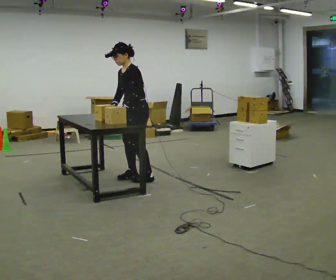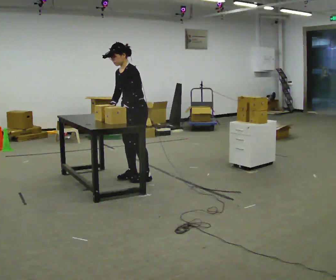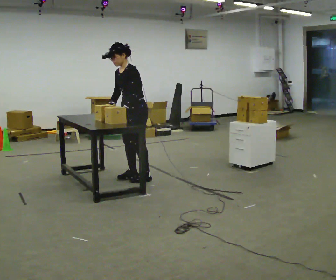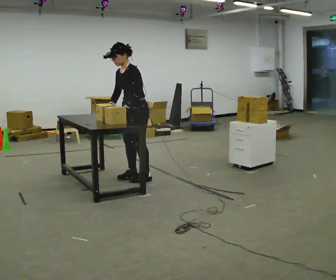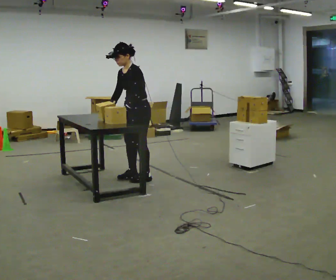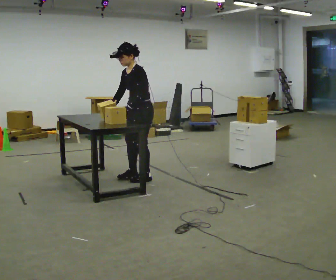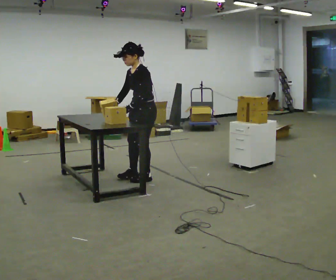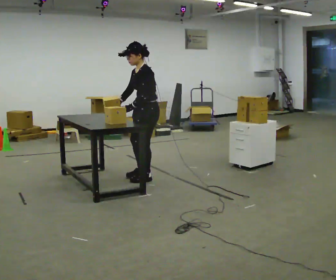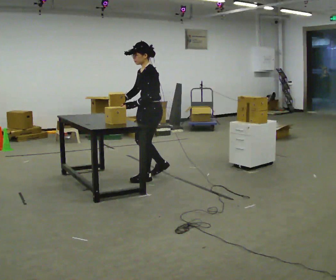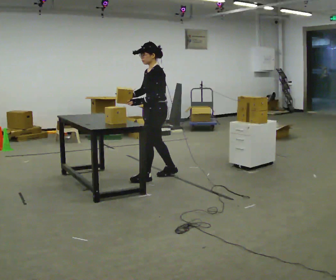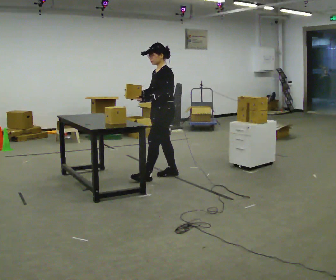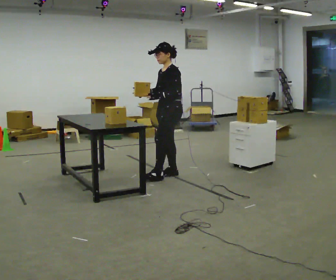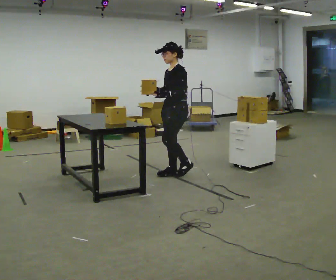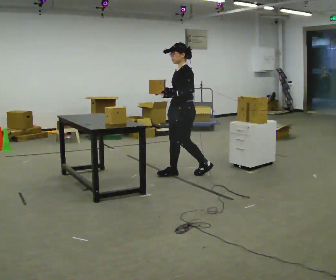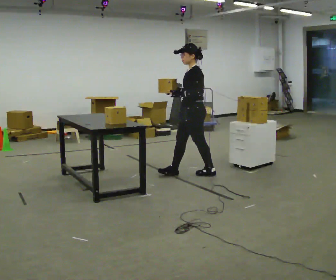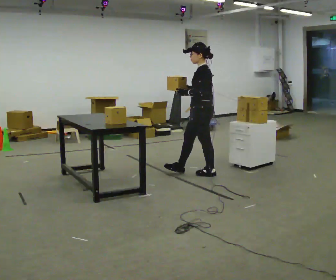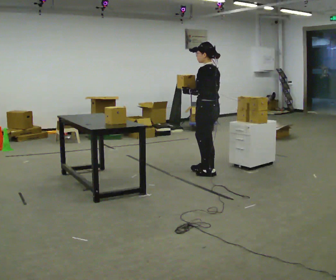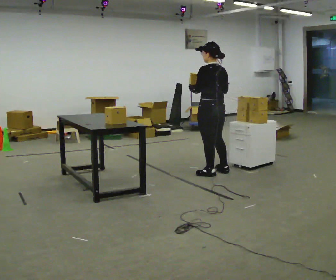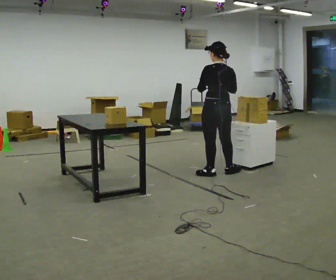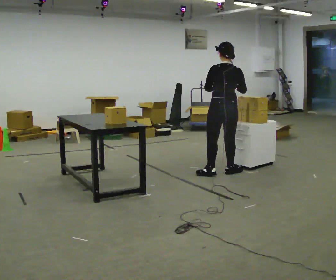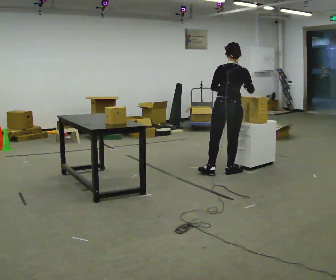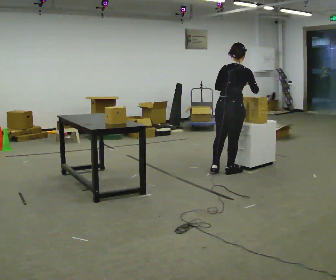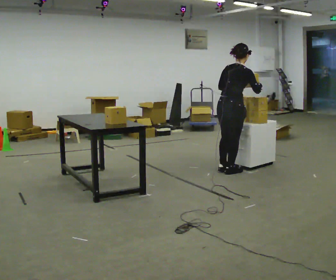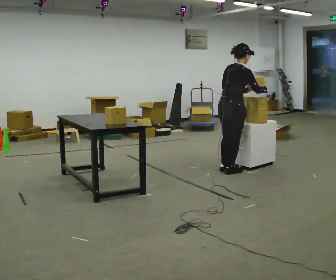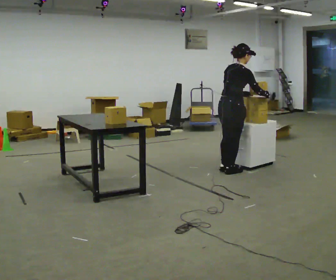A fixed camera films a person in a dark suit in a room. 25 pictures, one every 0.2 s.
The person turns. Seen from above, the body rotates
clockwise.
The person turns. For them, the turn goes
to their right.
0.0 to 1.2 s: The person moves a little, or ends about where they began.
1.2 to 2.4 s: In the picture they go to the right and away from the camera, about 0.5 m in 2 steps, which for them is backward.
2.4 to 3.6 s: The part of the body nearest the lens slides to the left as the person turns to their right by about 105 degrees. In the picture they go to the right, about 0.5 m in 1 step.
3.6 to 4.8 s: The part of the body nearest the lens slides to the left as the person turns to their right by about 75 degrees. In the picture they go to the right, about 0.25 m in 1 step. In the picture their right hand goes to the right.
The film runs backward here.
